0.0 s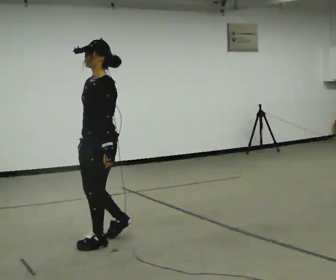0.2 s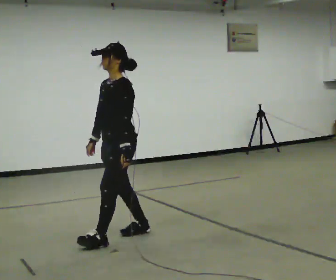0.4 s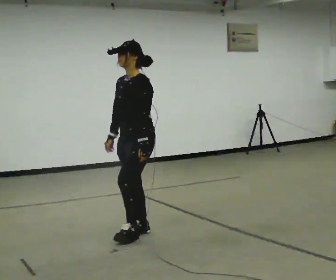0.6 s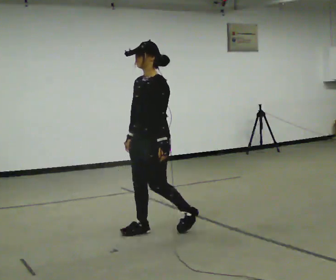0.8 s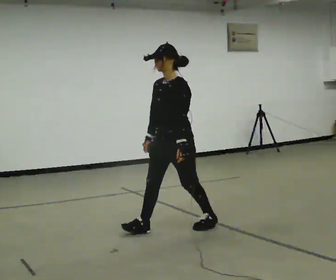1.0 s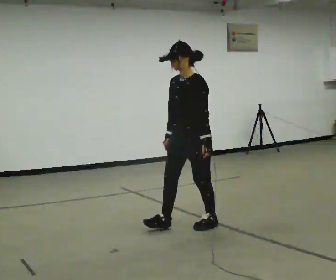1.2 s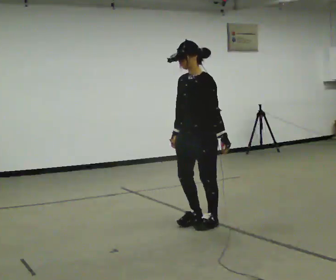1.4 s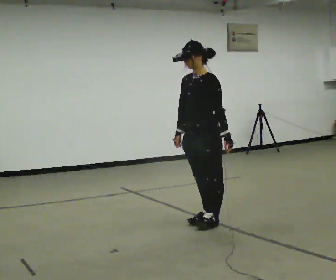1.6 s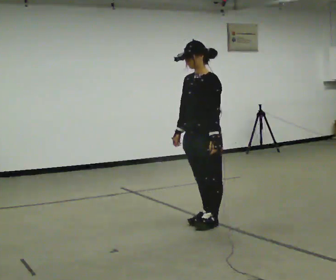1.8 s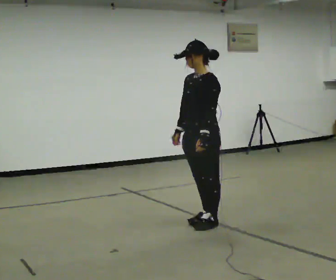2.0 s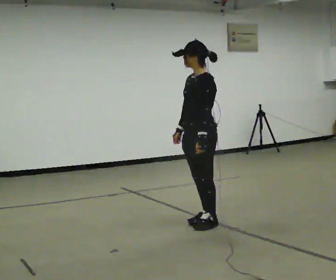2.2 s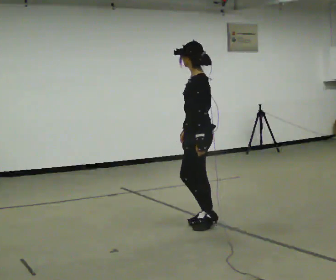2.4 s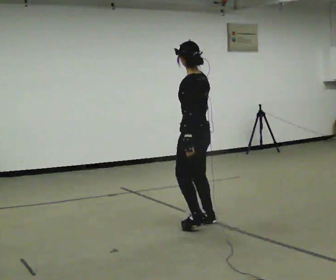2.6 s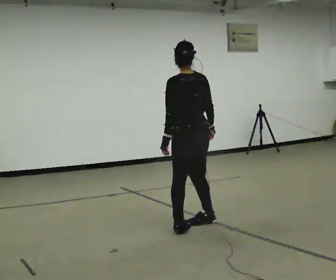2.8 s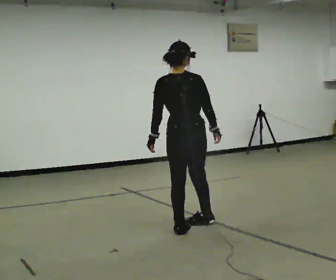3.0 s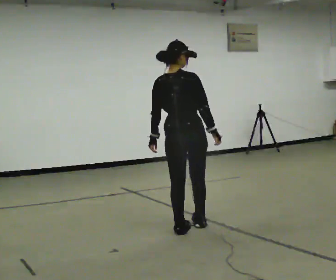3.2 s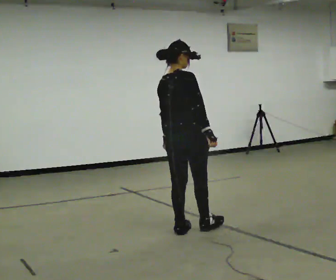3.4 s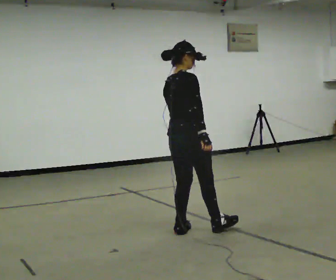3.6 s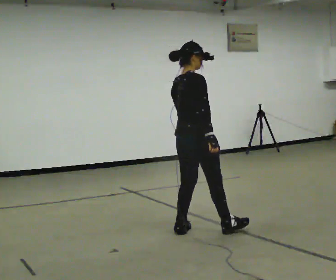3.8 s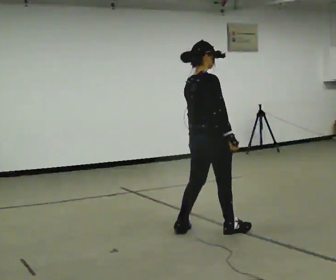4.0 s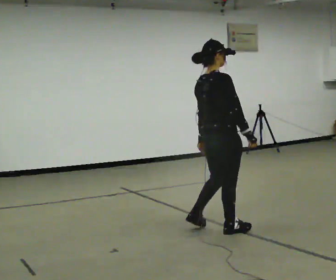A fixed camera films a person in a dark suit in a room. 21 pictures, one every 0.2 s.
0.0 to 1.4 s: In the picture they go to the right and away from the camera, about 1 m in 3 steps, which for them is backward.
1.4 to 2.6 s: The part of the body nearest the lens slides to the left as the person turns to their right by about 105 degrees. In the picture their right hand goes to the right, the arm swinging counterclockwise.
2.6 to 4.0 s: Seen from above the body turns clockwise, about 90 degrees: to their right, with its near side sliding to the left. In the picture they go to the right and toward the camera, about 0.25 m in 1 step.
The film runs forward here.
